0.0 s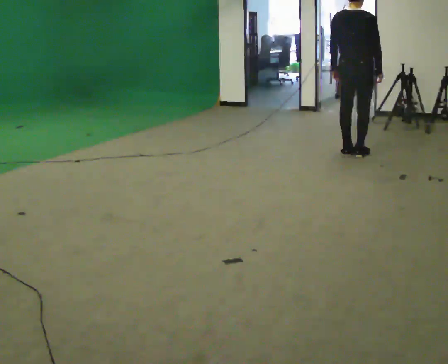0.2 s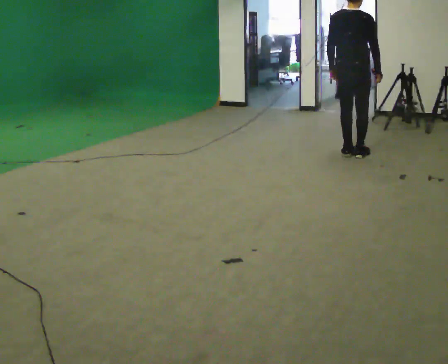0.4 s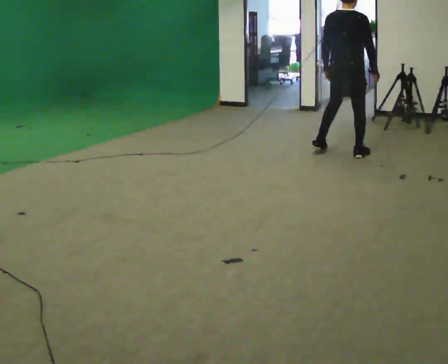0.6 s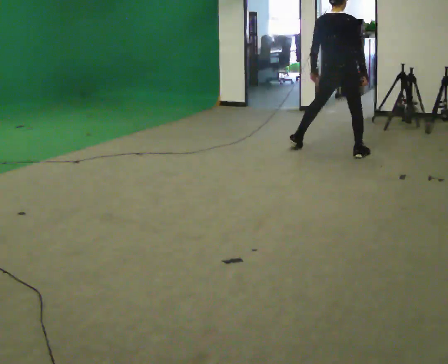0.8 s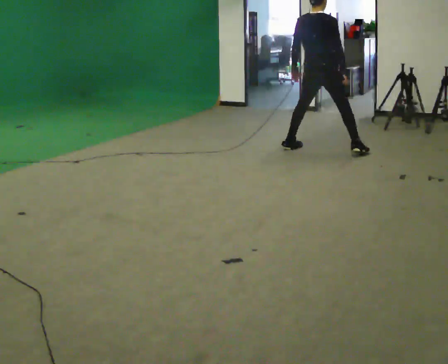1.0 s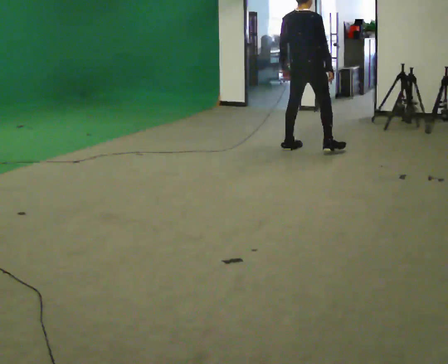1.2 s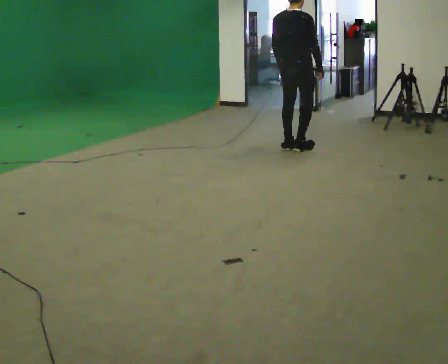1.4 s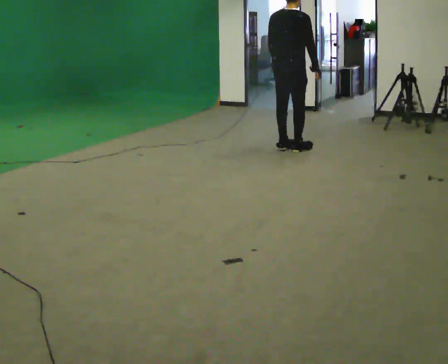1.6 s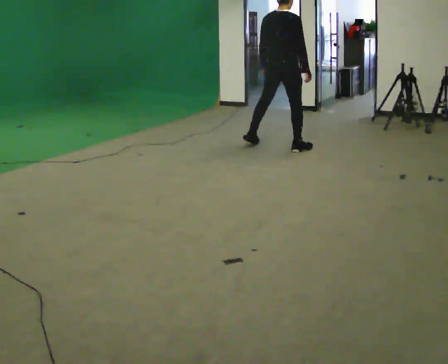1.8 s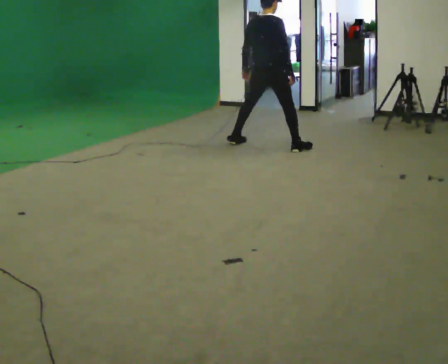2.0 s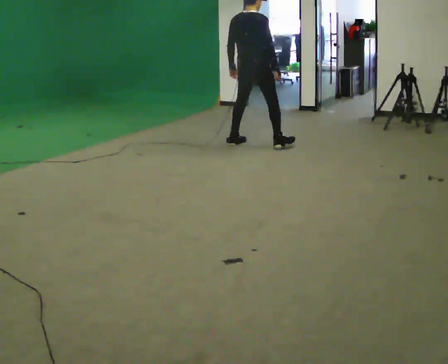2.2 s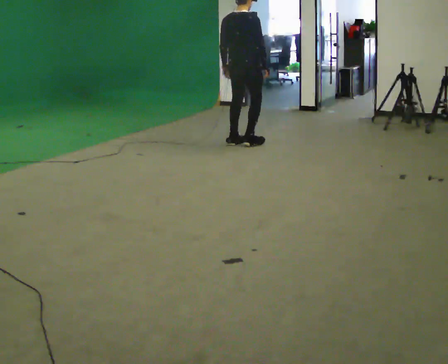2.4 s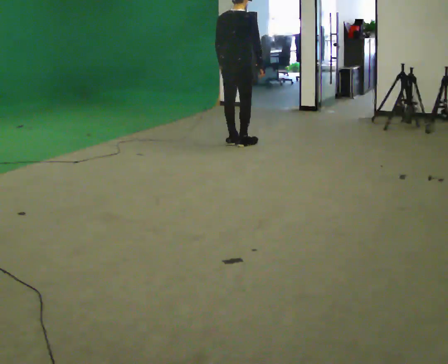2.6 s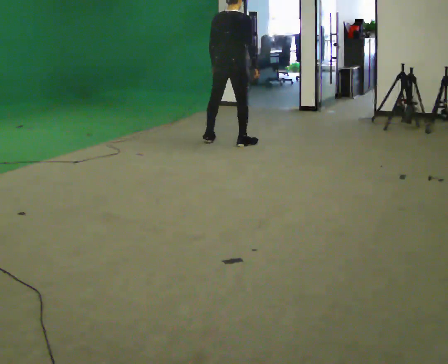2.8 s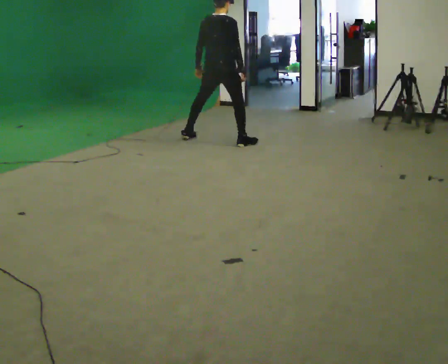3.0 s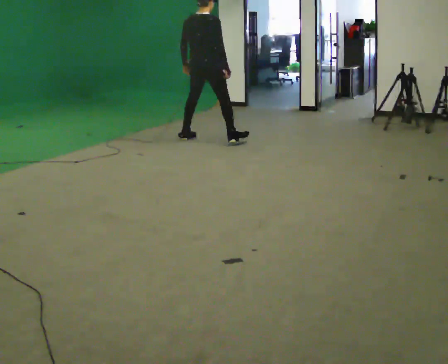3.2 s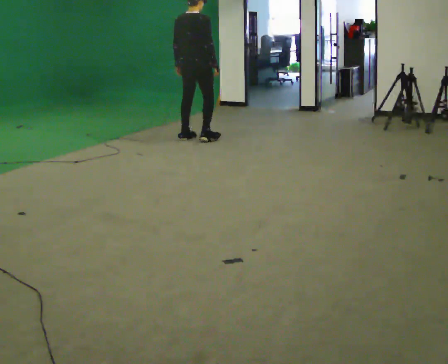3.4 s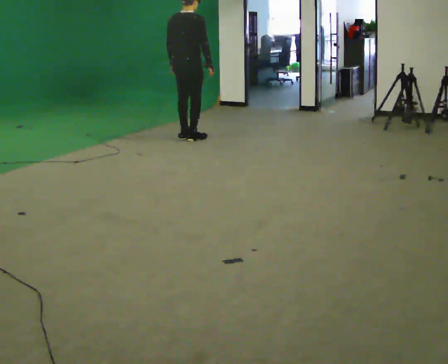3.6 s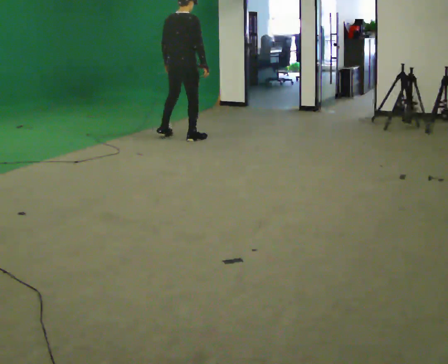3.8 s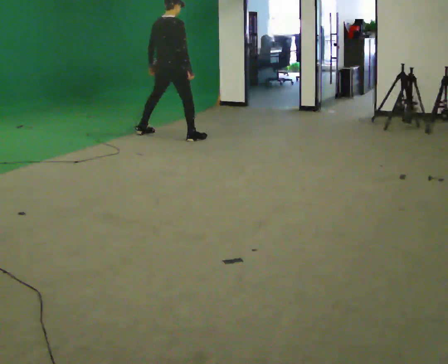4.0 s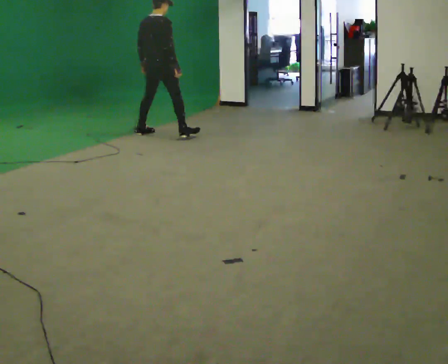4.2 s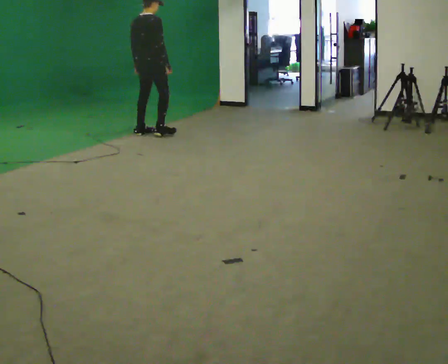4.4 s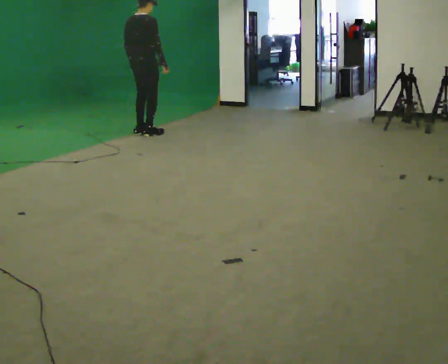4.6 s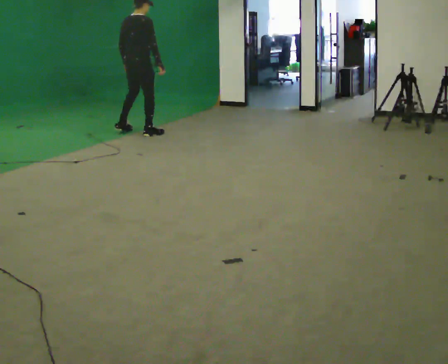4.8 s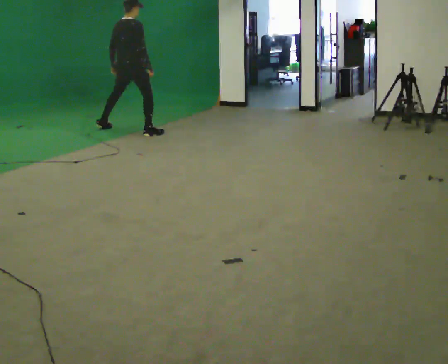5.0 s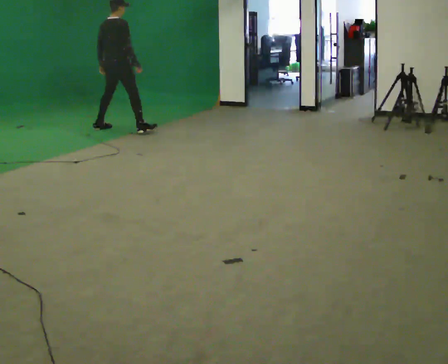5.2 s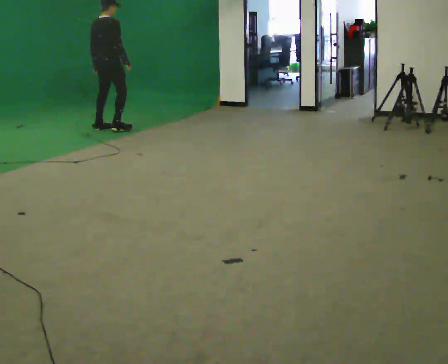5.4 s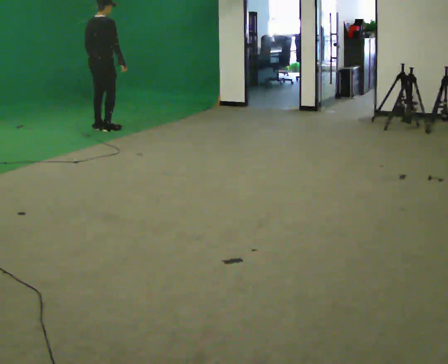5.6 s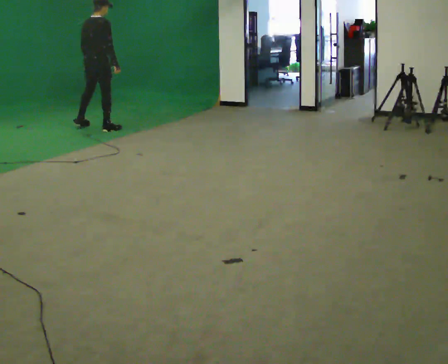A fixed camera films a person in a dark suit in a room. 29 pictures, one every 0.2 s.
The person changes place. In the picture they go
to the left.
0.0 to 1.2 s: In the picture they go to the left and away from the camera, about 0.5 m in 2 steps, which for them is to their left.
1.2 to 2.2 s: In the picture they go to the left and away from the camera, about 0.5 m in 2 steps, which for them is to their left.
2.2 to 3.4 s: In the picture they go to the left and away from the camera, about 0.5 m in 2 steps, which for them is to their left.
3.4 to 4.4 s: In the picture they go to the left and away from the camera, about 0.5 m in 2 steps, which for them is to their left.
4.4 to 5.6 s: In the picture they go to the left and away from the camera, about 0.5 m in 3 steps, which for them is to their left.
The film runs backward here.
